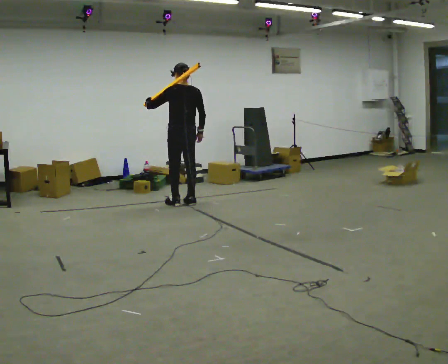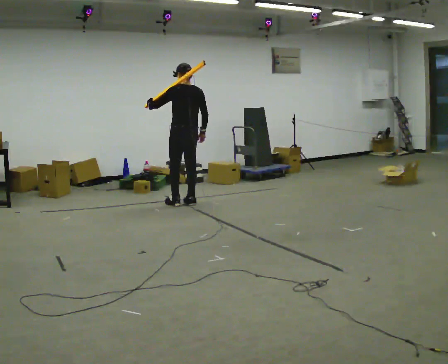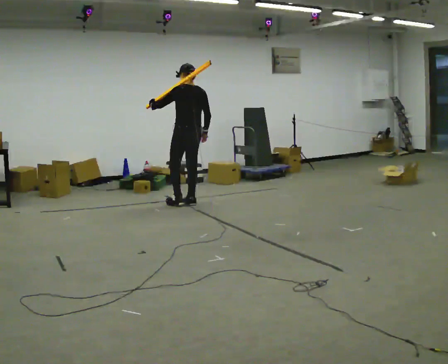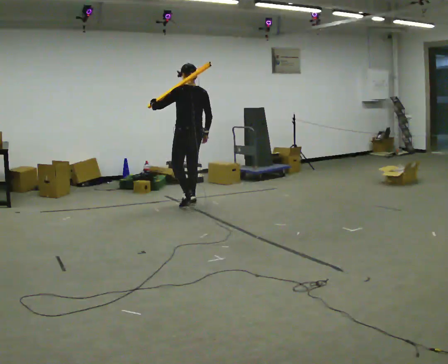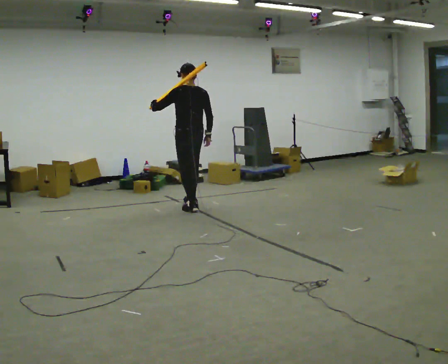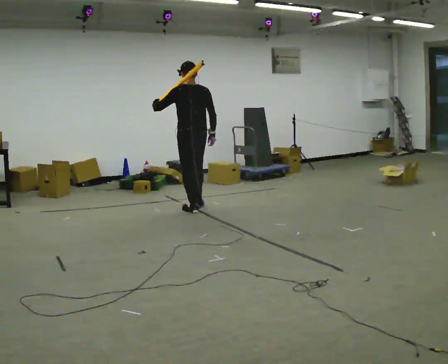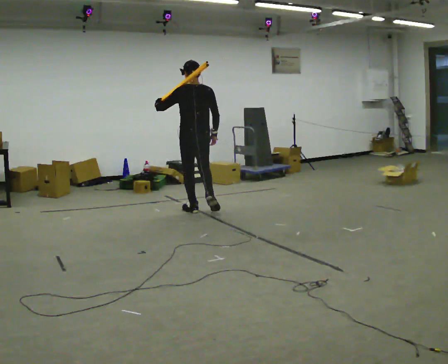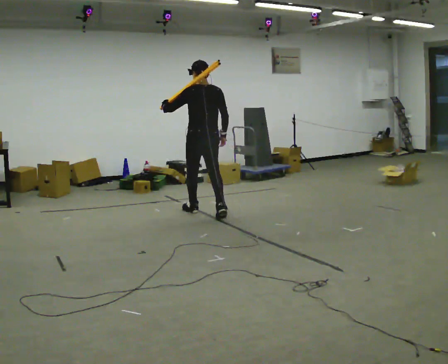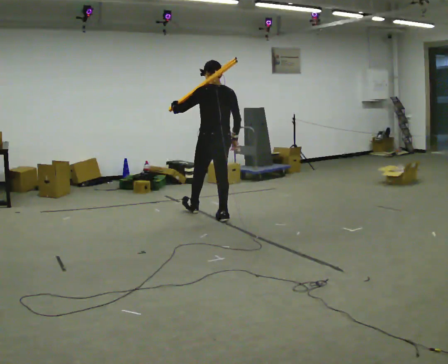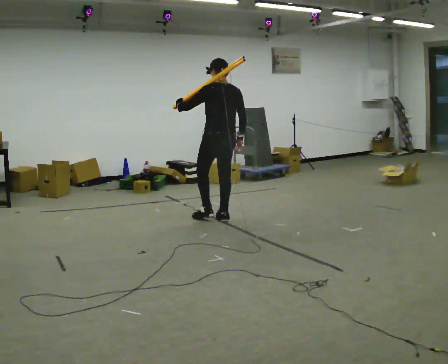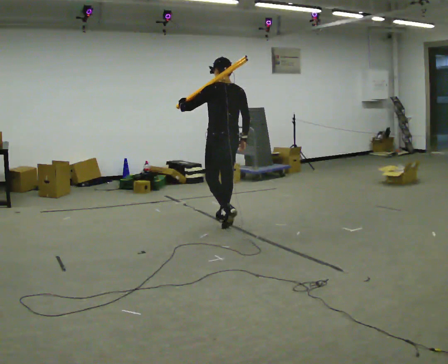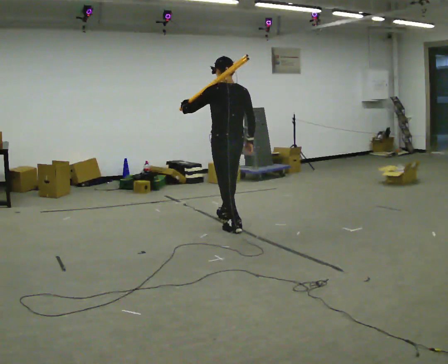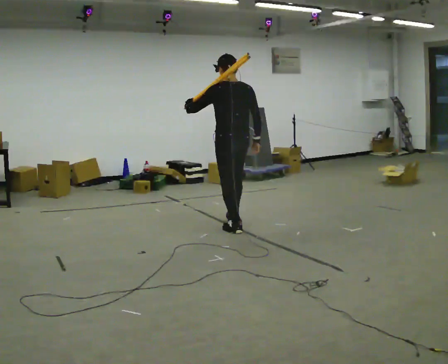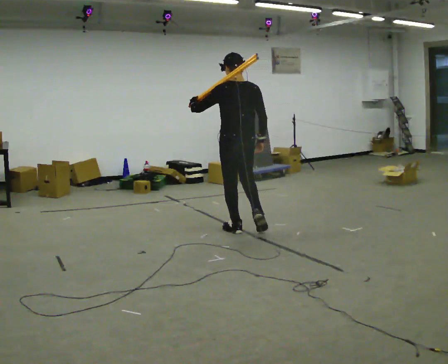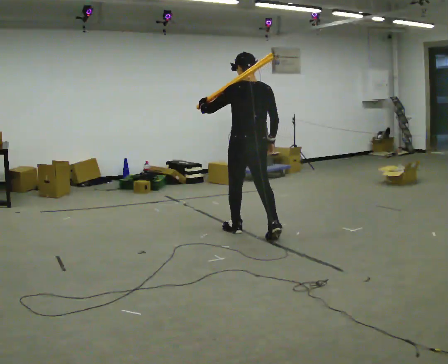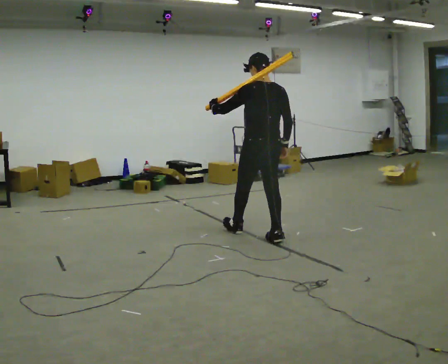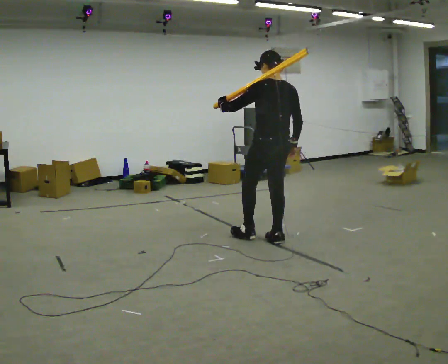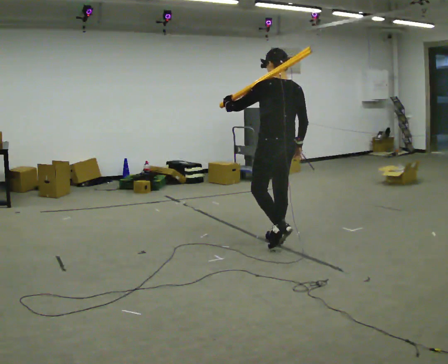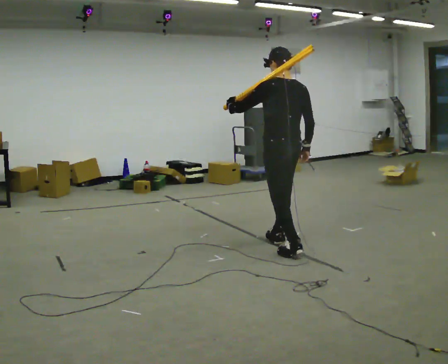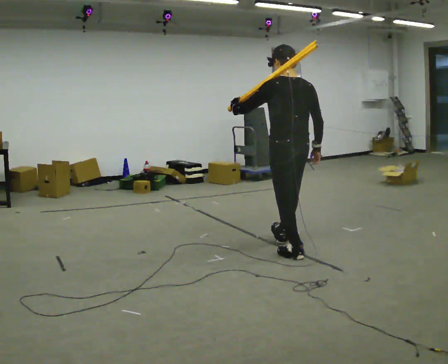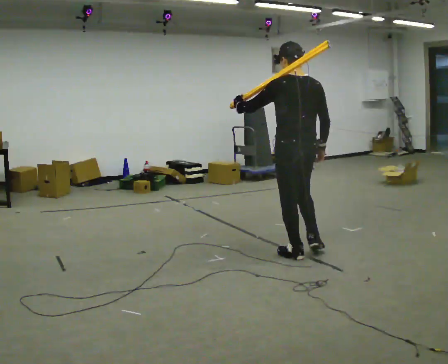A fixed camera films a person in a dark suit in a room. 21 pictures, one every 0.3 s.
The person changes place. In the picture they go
toward the camera.
0.0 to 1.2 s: In the picture they go toward the camera, about 0.25 m in 1 step, which for them is backward.
1.2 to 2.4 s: In the picture they go toward the camera and to the right, about 0.5 m in 1 step, which for them is backward.
2.4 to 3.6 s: In the picture they go toward the camera and to the right, about 0.5 m in 2 steps, which for them is backward.
3.6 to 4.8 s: In the picture they go to the right and toward the camera, about 0.5 m in 1 step, which for them is backward and to their right.
4.8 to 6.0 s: In the picture they go toward the camera and to the right, about 0.5 m in 1 step, which for them is backward.
The film runs backward here.
